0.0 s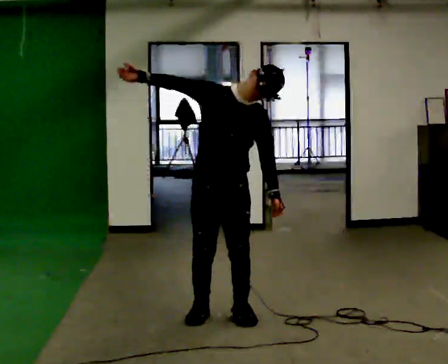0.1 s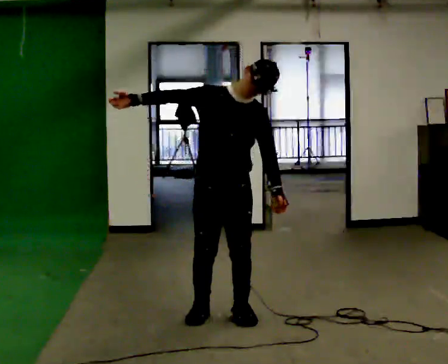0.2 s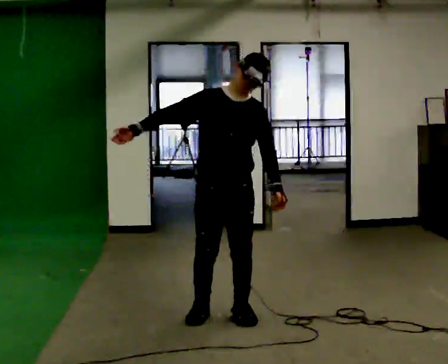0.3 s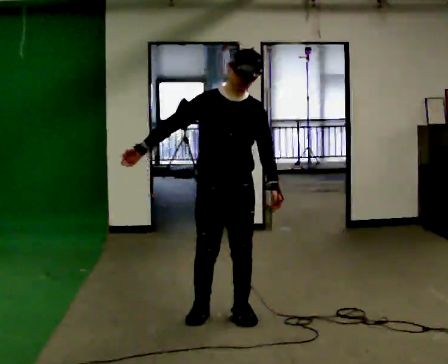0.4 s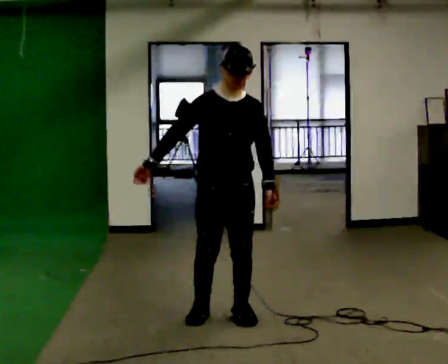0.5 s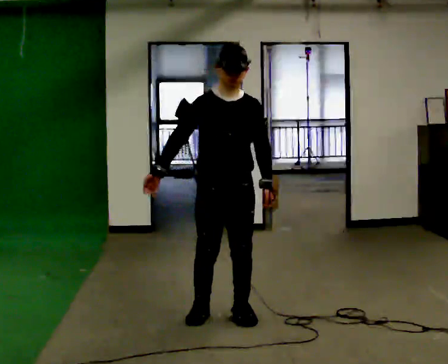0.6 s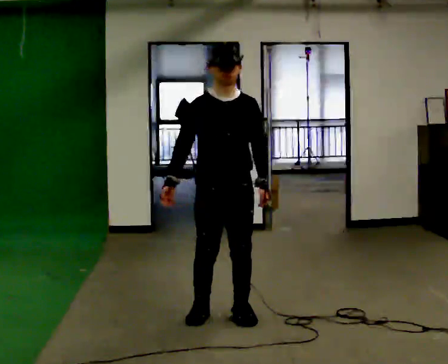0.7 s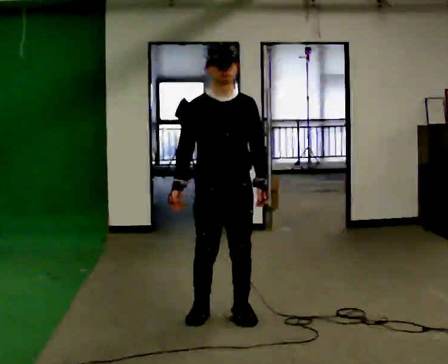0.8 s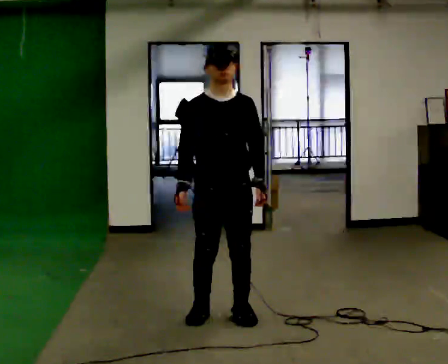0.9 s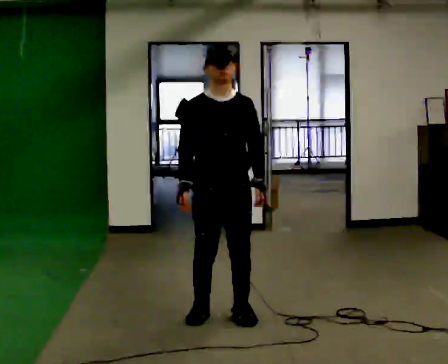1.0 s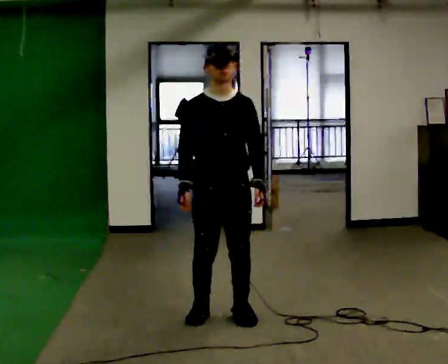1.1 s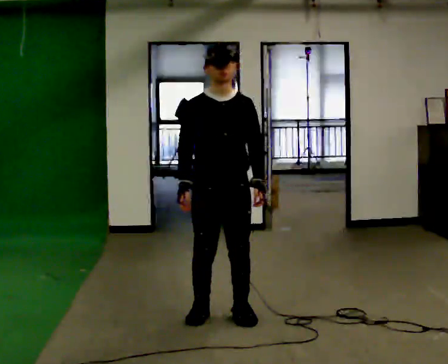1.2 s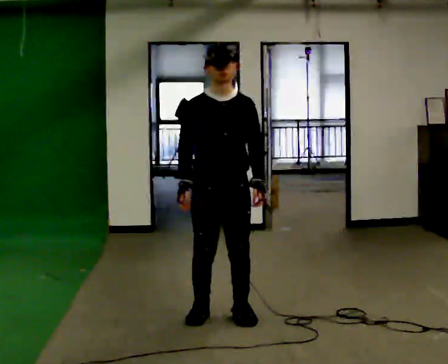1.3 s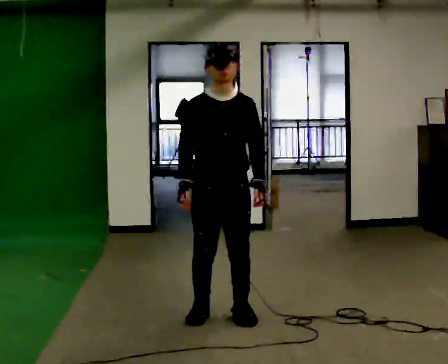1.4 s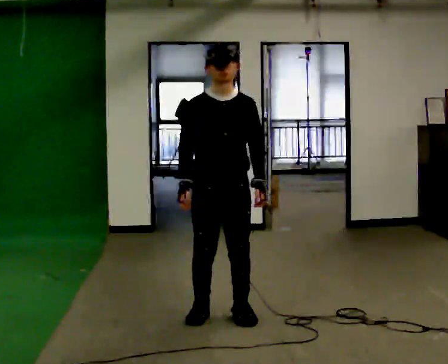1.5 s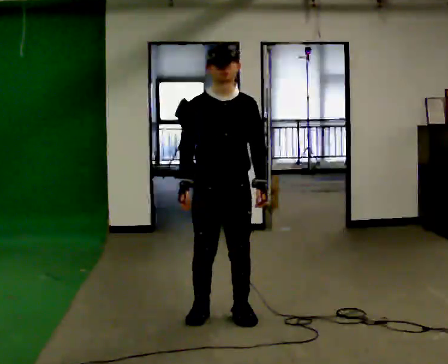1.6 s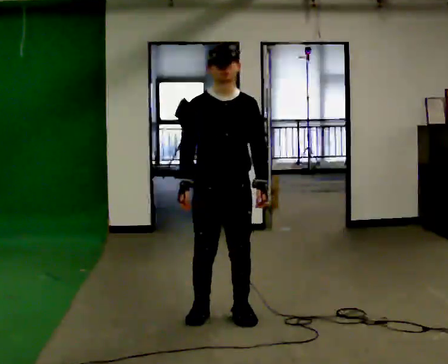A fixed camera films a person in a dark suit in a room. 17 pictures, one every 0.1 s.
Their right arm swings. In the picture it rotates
counterclockwise.
Their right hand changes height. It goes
downward.
0.0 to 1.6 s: In the picture their right hand goes downward, the arm swinging counterclockwise.
The film runs backward here.
